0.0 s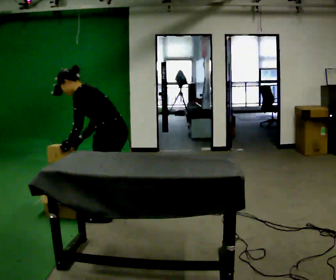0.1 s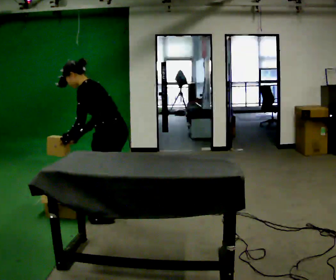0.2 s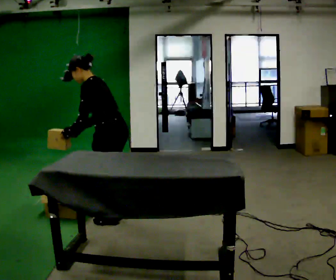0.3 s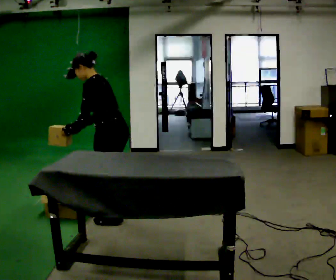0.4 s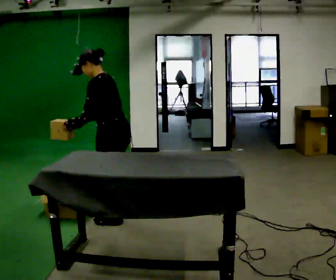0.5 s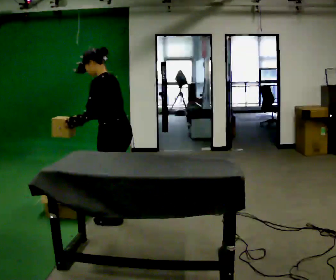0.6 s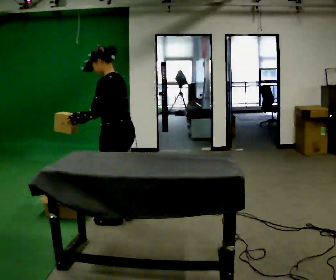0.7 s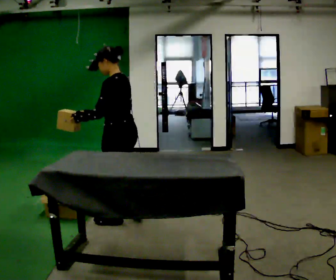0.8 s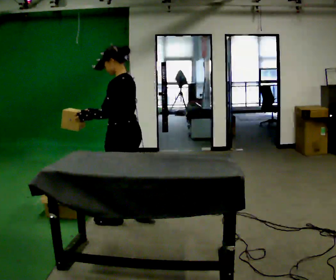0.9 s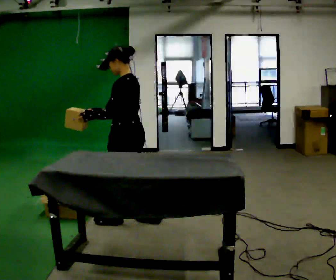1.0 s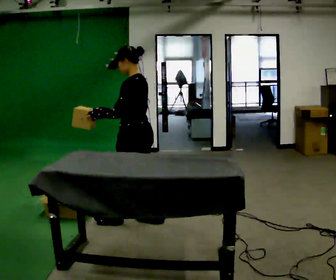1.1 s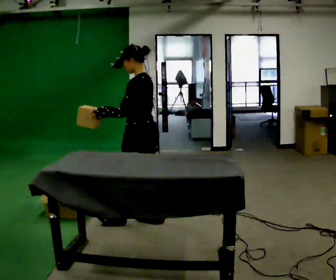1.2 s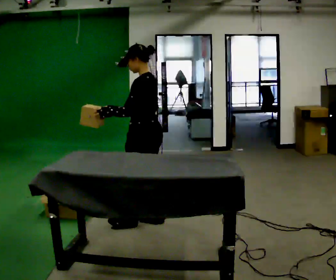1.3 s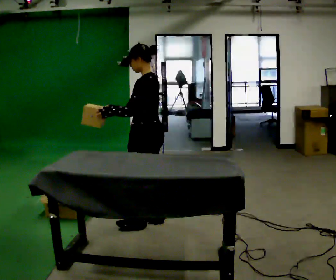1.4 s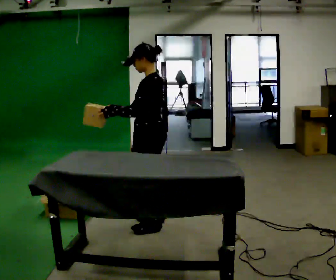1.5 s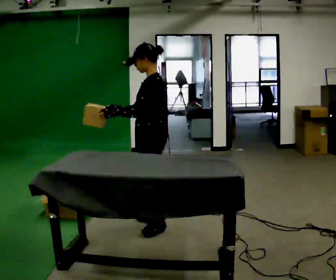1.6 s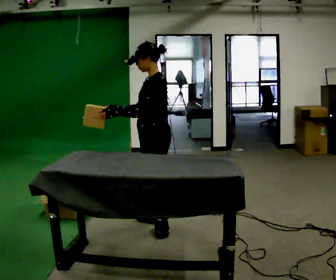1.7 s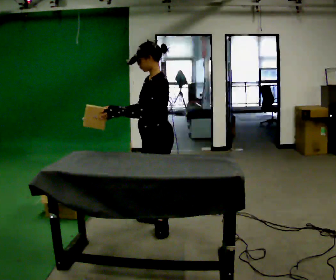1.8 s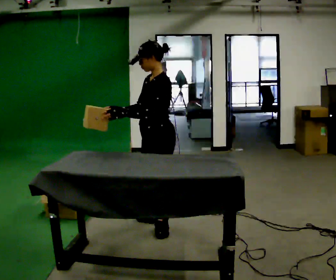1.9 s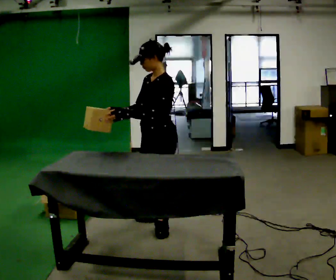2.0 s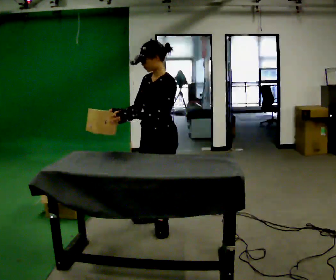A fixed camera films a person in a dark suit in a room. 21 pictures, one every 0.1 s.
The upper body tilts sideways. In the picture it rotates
clockwise.
0.0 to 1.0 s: In the picture they go to the right, about 0.25 m in 1 step, which for them is backward. In the picture the upper body tilts clockwise, shoulders to the right, as they lean back or straighten.
1.0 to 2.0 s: The part of the body nearest the lens slides to the right as the person turns to their left by about 45 degrees. In the picture they go to the right, about 0.25 m in 1 step, which for them is backward and to their left.
The film runs backward here.
